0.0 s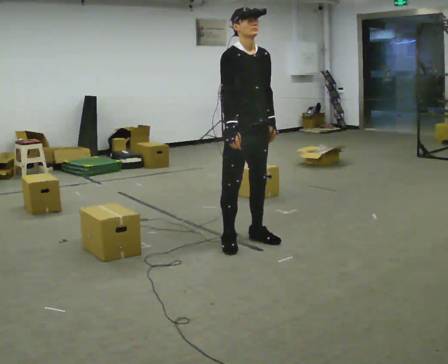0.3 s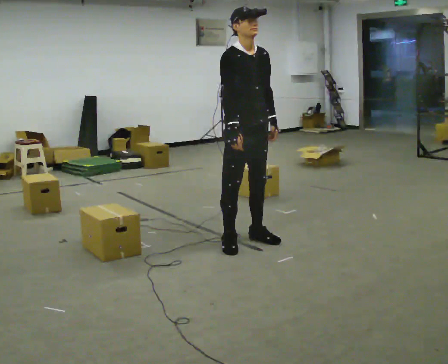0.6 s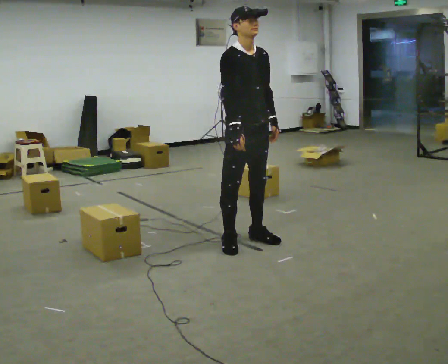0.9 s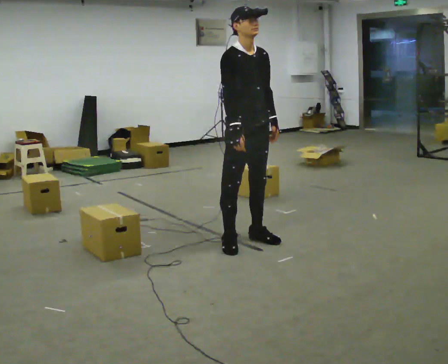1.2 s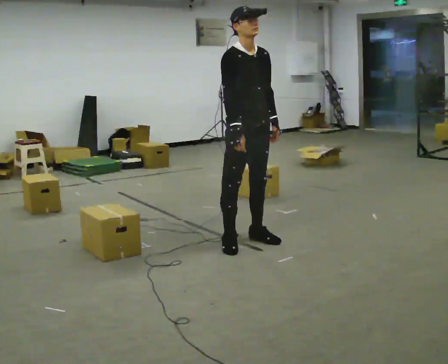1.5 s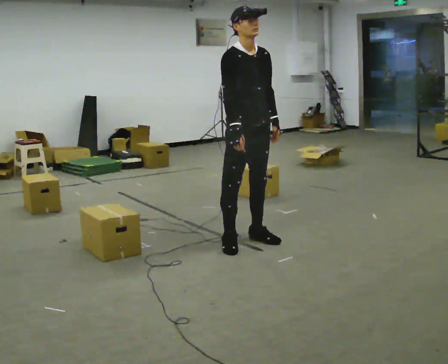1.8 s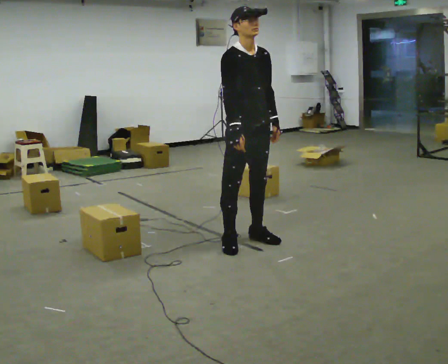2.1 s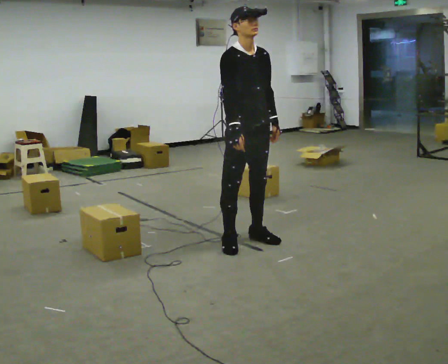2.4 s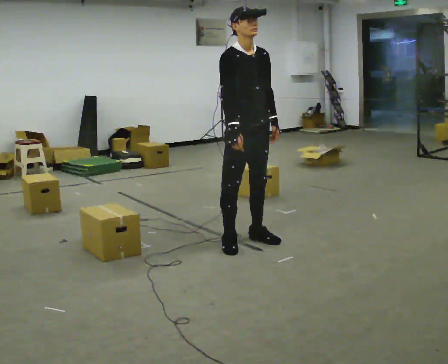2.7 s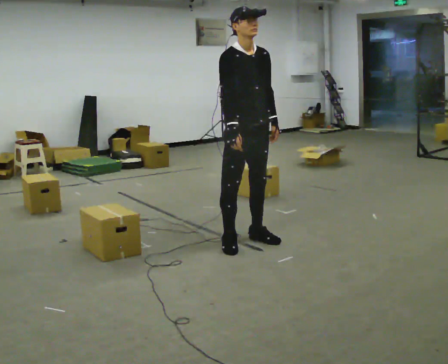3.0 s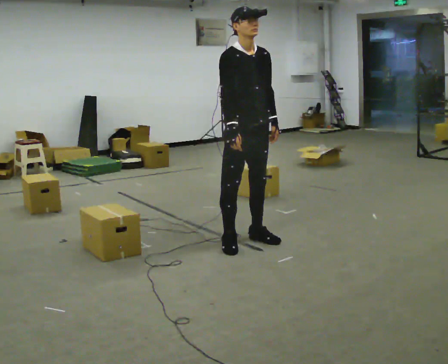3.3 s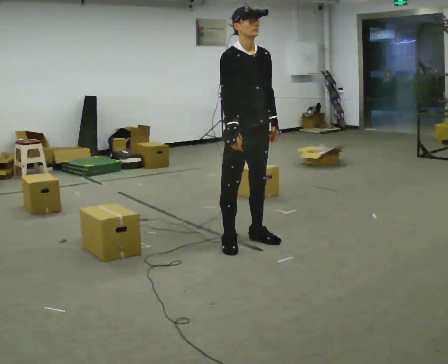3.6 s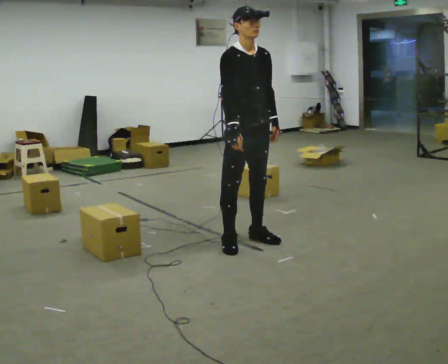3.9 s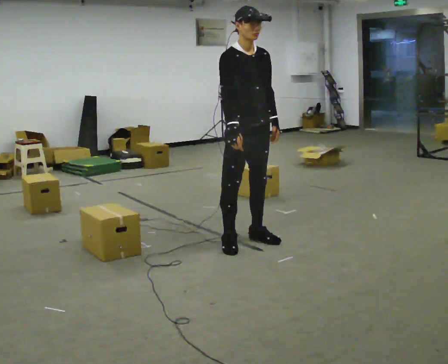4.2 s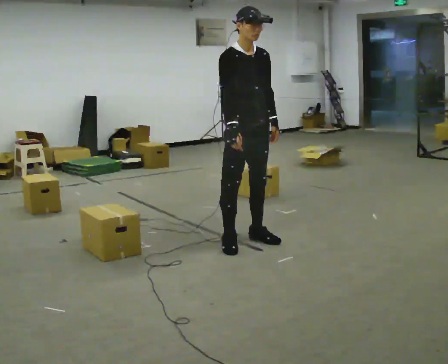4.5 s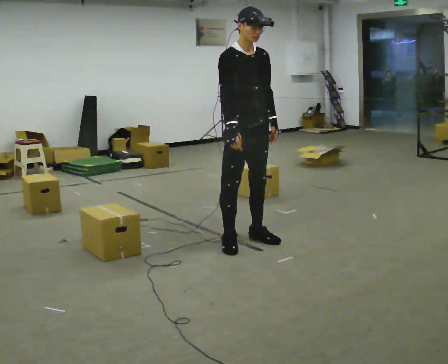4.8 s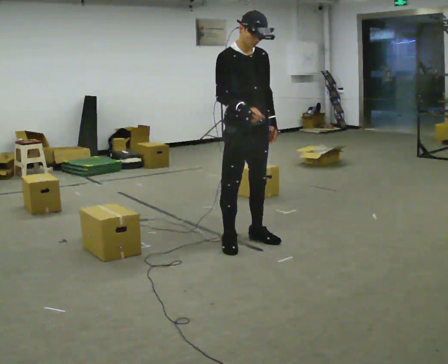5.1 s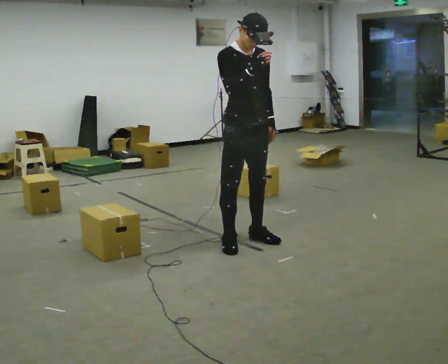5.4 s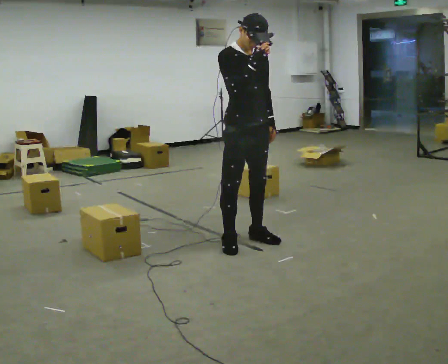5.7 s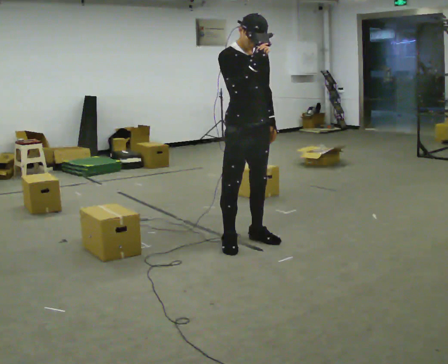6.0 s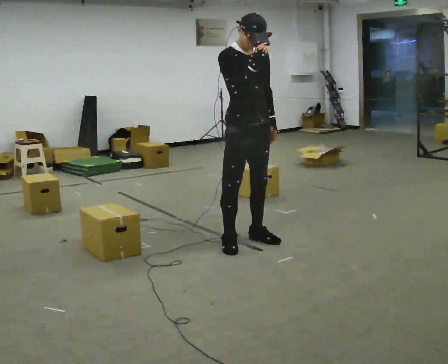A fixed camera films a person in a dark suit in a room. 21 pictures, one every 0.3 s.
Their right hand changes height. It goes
upward.
0.0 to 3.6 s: The person moves a little, or ends about where they began.
3.6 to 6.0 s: In the picture their right hand goes upward.
The film runs forward here.
